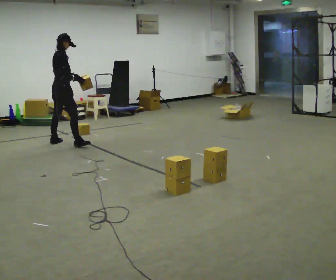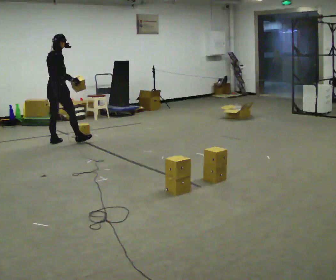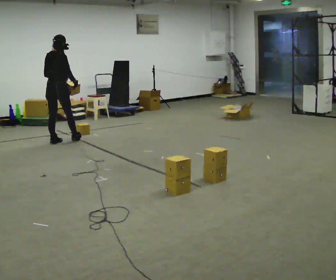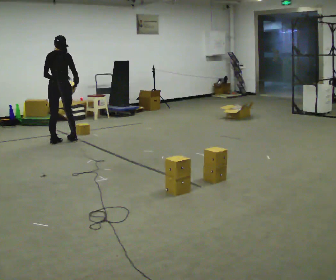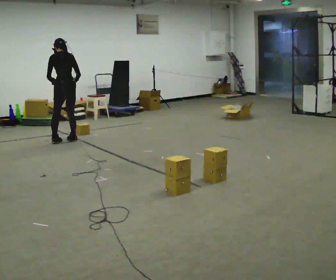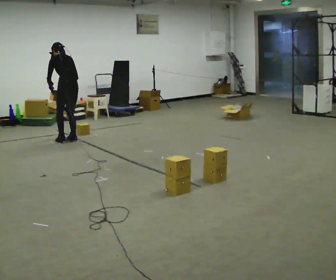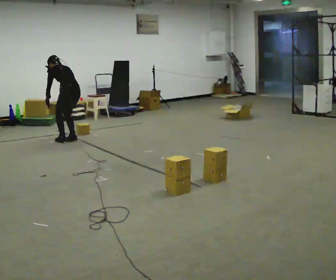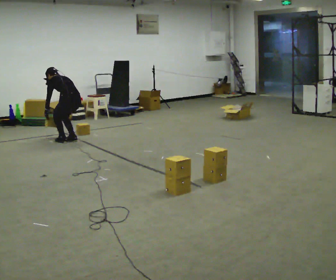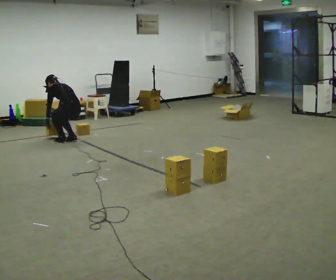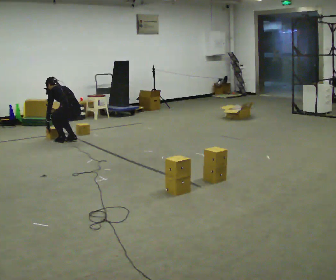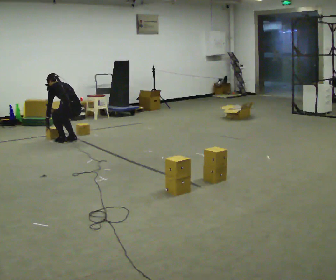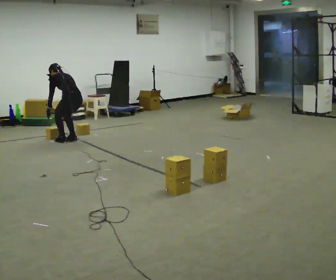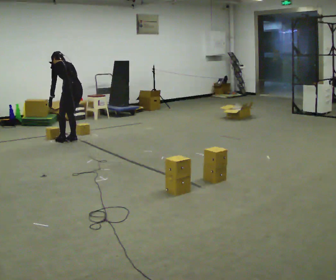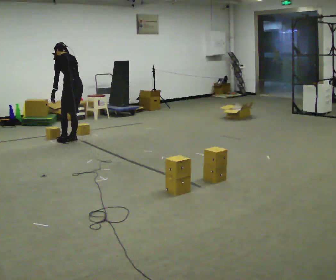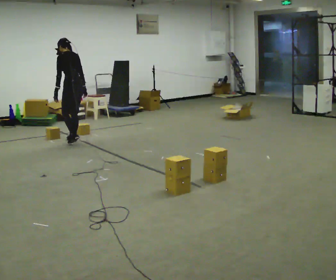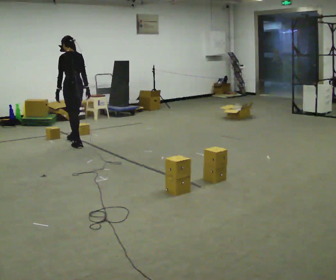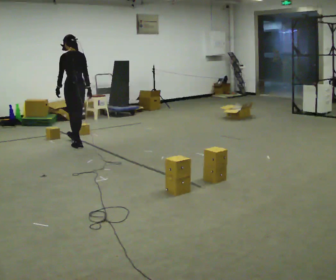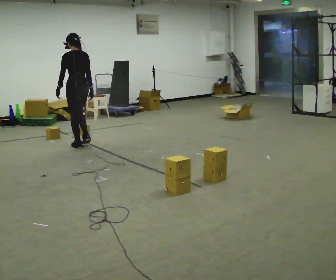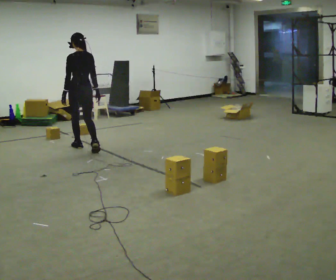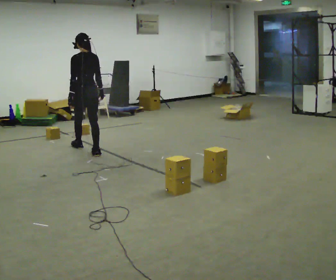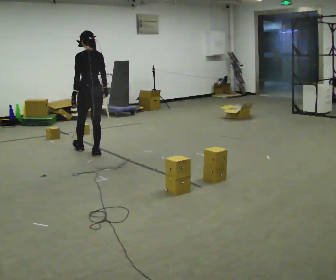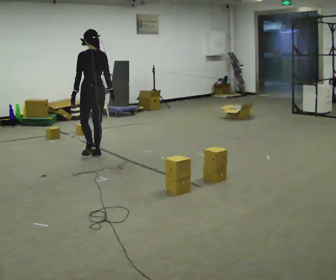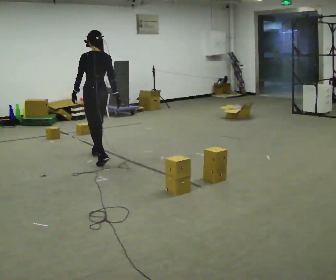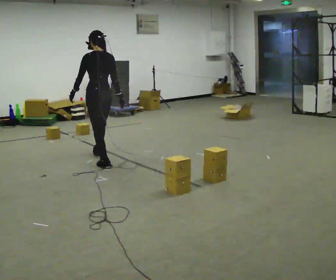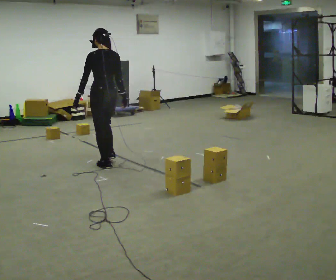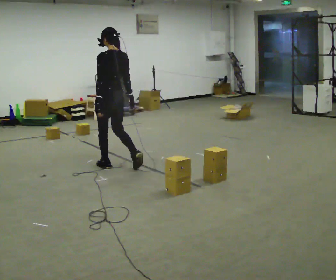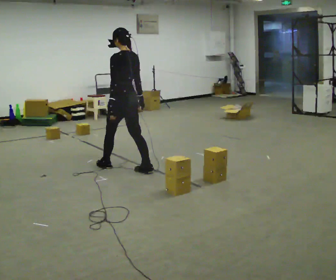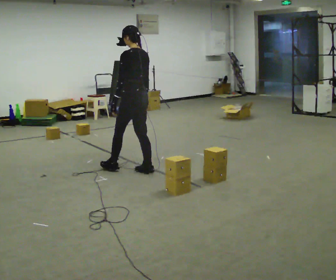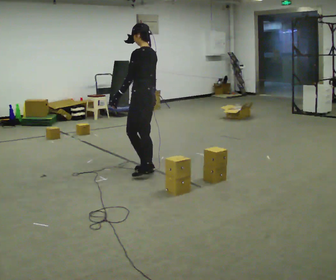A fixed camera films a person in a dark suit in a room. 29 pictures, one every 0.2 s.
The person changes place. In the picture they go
toward the camera.
0.0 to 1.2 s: The person turns about 105 degrees to their left, counterclockwise seen from above, so the part of the body nearest the lens slides to the right. In the picture they go to the right, about 0.25 m in 2 steps. The shoulders move downward. The upper body tips away from the camera, its near side rolling upward, as they bend forward. In the picture their left hand goes to the left and downward, the arm swinging clockwise.
1.2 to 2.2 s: The person moves a little, or ends about where they began.
2.2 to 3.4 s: In the picture they go toward the camera, about 0.25 m in 2 steps, which for them is backward. The upper body goes upward. The upper body tips toward the camera, its near side rolling downward, as they lean back or straighten. In the picture their right hand goes upward.
3.4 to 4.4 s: In the picture they go toward the camera, about 0.75 m in 1 step, which for them is backward.
4.4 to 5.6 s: Seen from above the body turns counterclockwise, about 30 degrees: to their left, with its near side sliding to the right. In the picture they go toward the camera and to the right, about 1 m in 2 steps, which for them is backward.
The film runs backward here.
